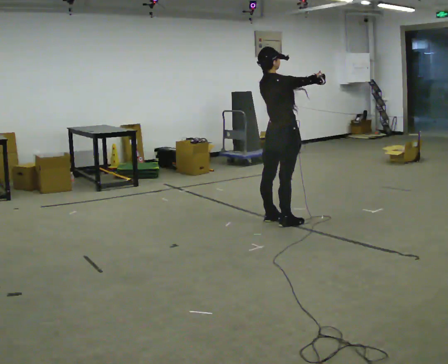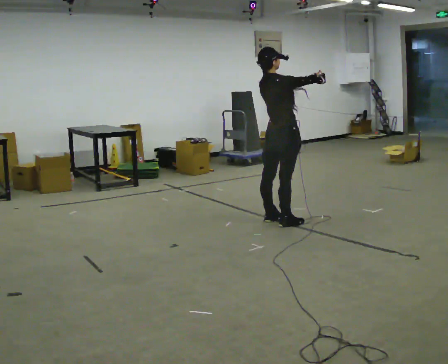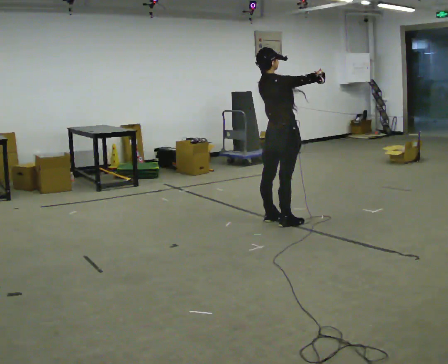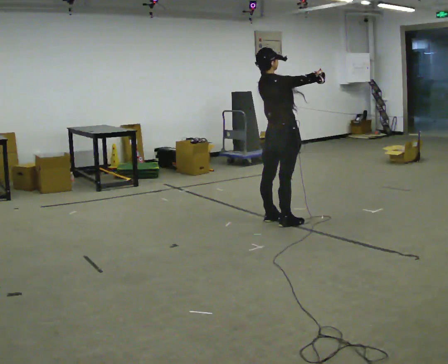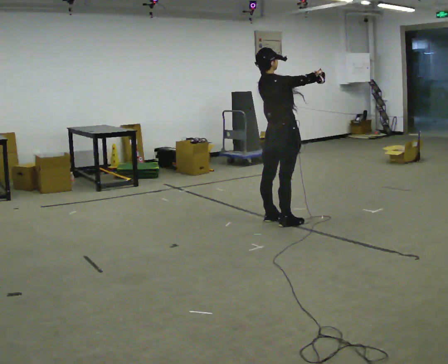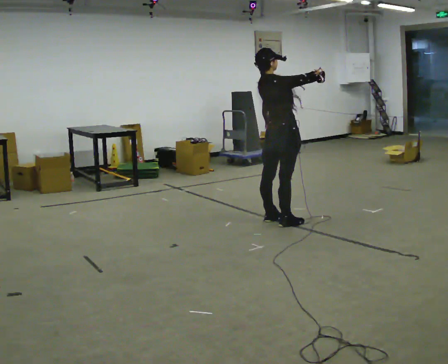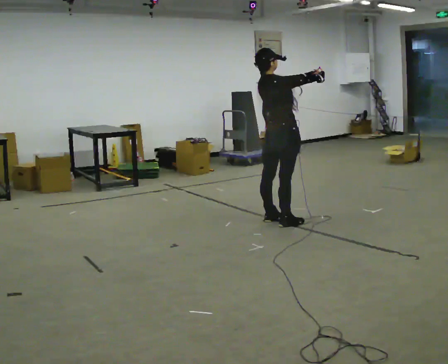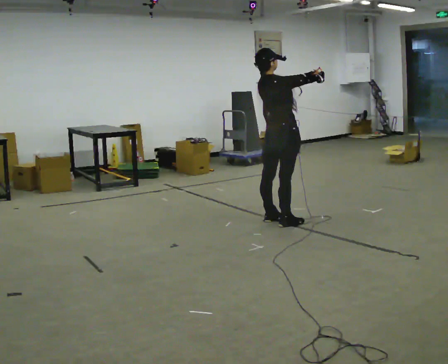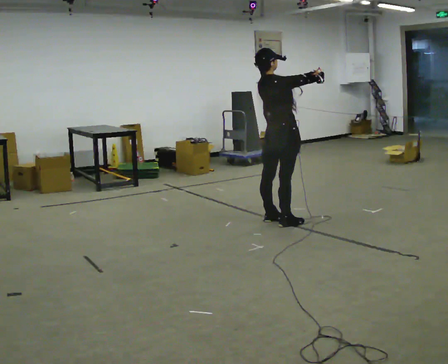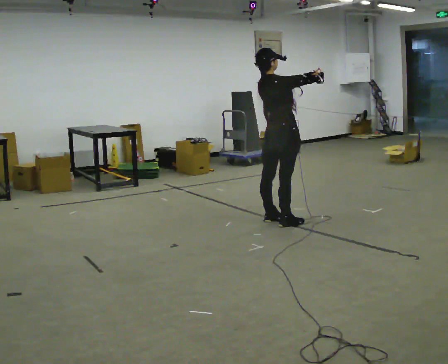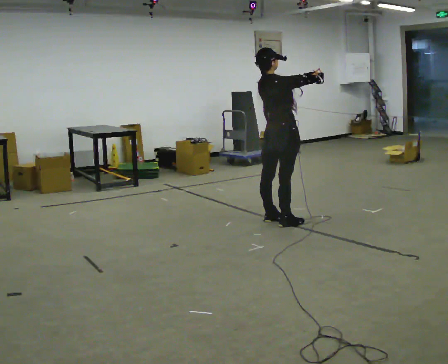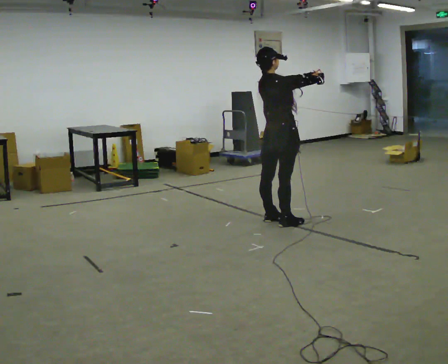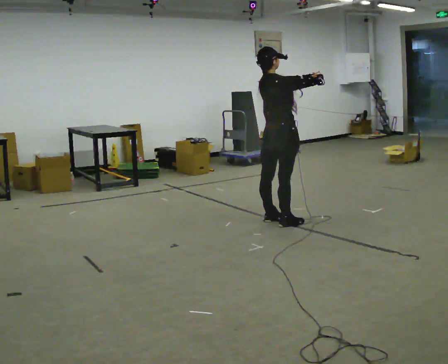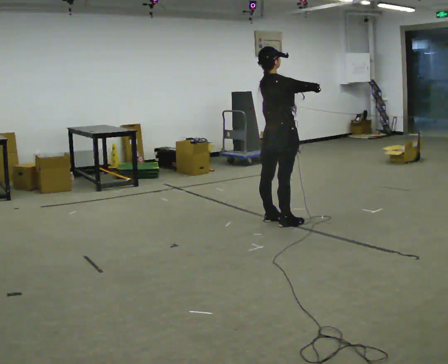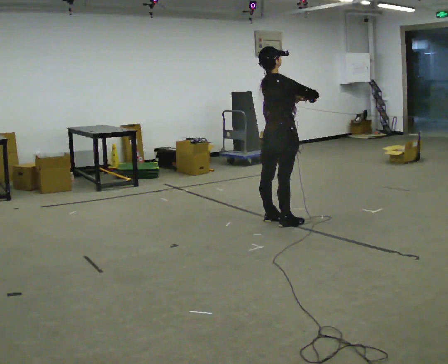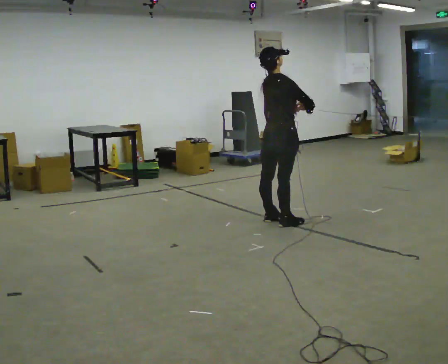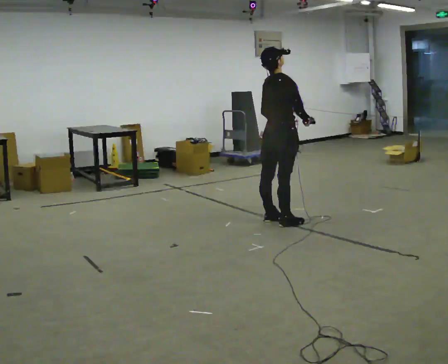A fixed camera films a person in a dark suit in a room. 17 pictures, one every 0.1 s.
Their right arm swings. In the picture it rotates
clockwise.
Their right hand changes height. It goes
downward.
0.0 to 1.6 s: In the picture their left hand goes downward and to the left.
The film runs forward here.
